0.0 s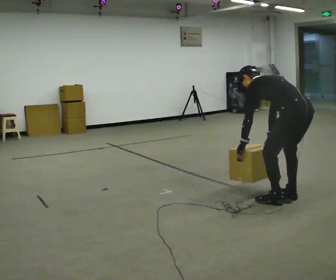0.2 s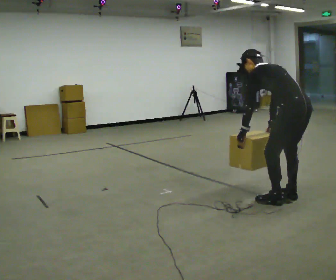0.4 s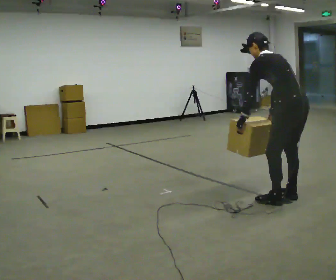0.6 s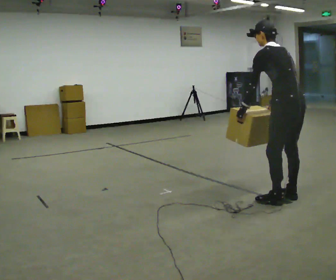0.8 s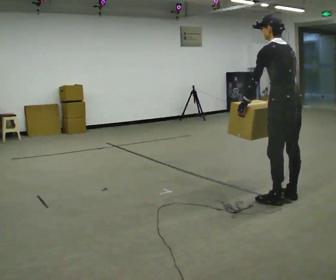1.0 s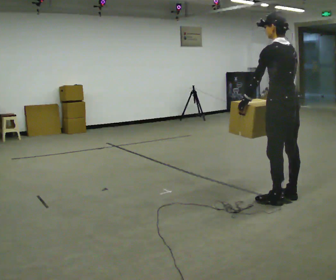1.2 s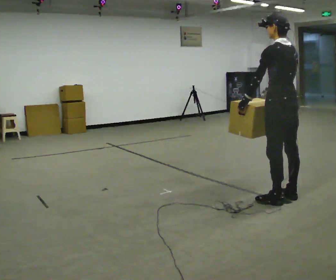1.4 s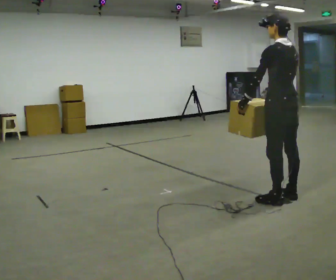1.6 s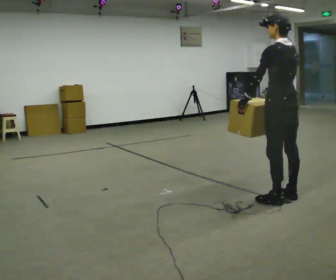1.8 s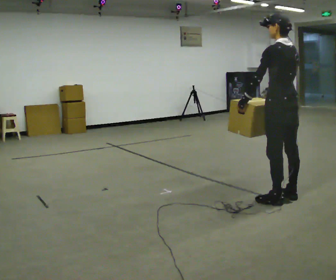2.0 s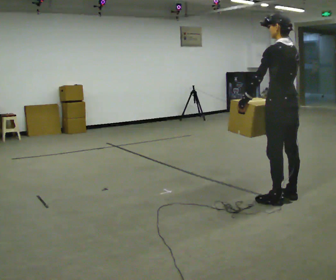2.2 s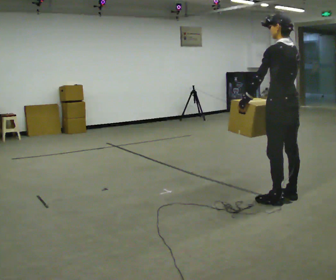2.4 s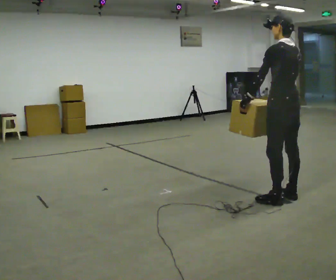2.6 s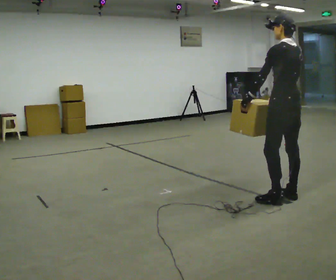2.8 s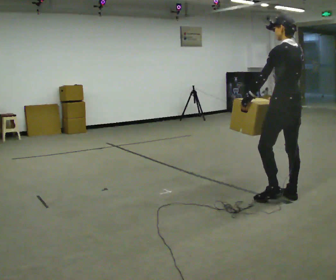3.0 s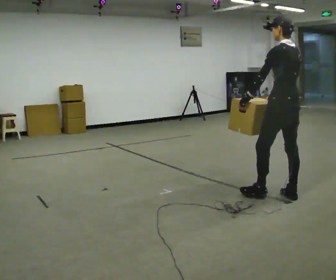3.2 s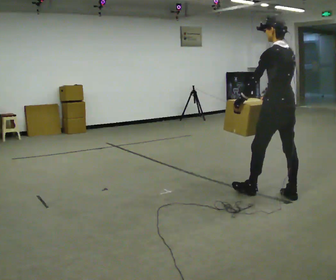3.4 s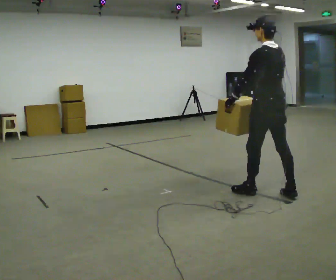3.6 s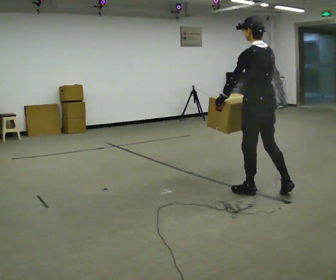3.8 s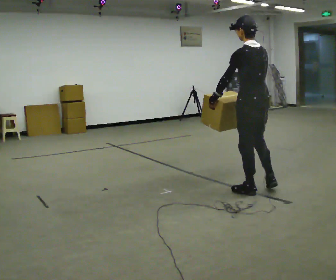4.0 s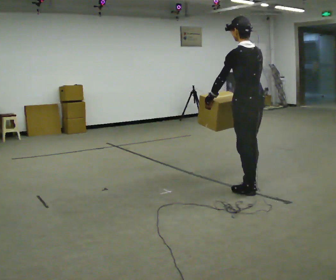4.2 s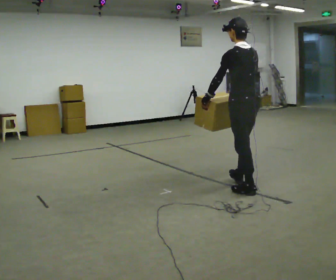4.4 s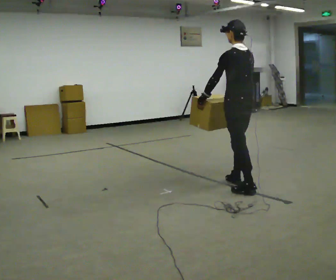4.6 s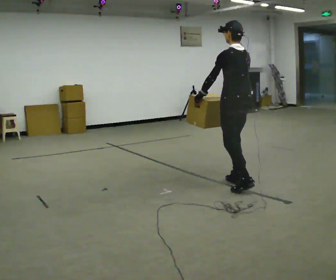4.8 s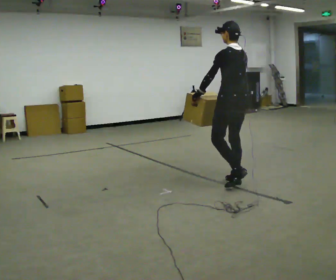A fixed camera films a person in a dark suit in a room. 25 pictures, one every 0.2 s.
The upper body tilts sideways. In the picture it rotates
clockwise.
Their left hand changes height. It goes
upward.
0.0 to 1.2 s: The upper body goes upward. In the picture the upper body tilts clockwise, shoulders to the right, as they lean back or straighten. In the picture their right hand goes upward.
1.2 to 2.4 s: The person moves a little, or ends about where they began.
2.4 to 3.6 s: In the picture they go to the left, about 0.25 m in 1 step, which for them is forward.
3.6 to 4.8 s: In the picture they go away from the camera and to the left, about 0.5 m in 1 step, which for them is forward.
The film runs forward here.
